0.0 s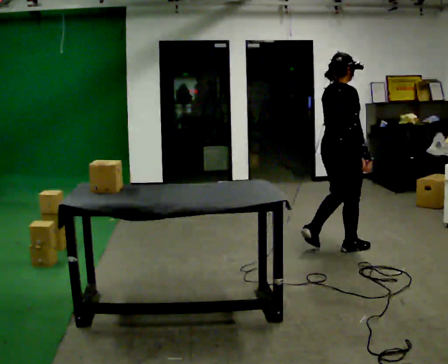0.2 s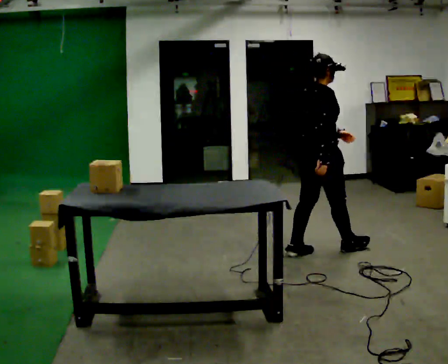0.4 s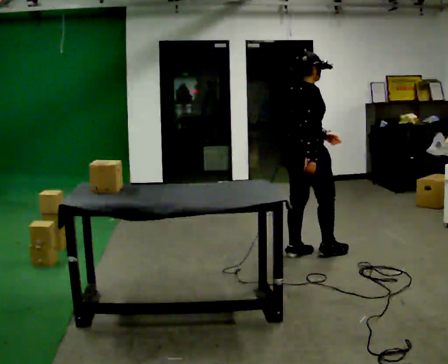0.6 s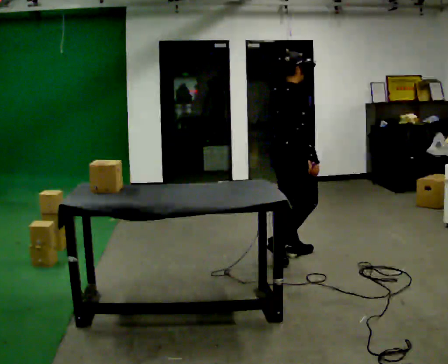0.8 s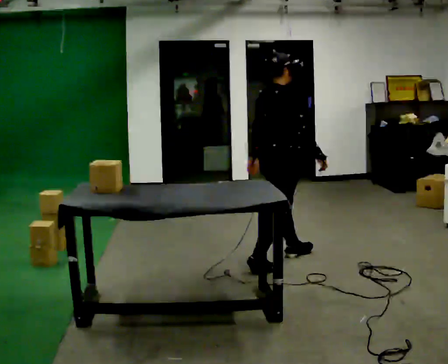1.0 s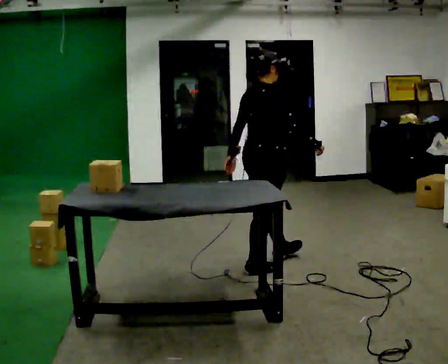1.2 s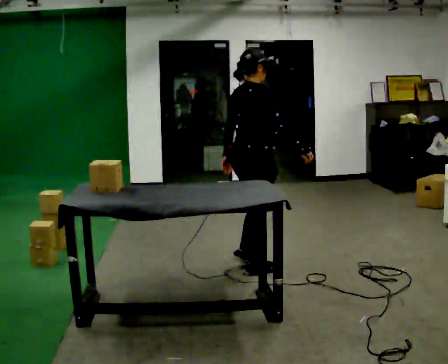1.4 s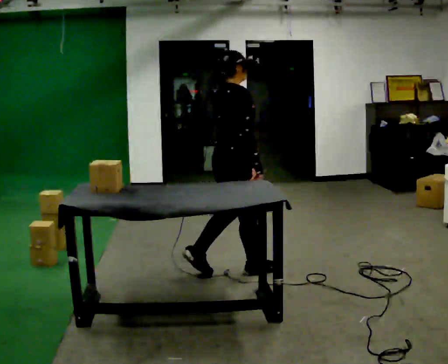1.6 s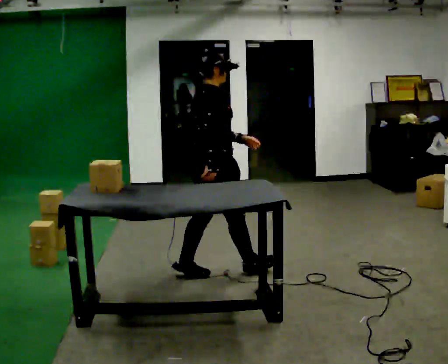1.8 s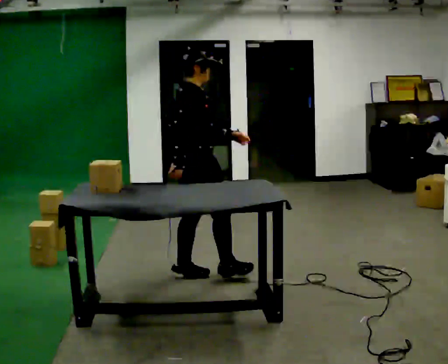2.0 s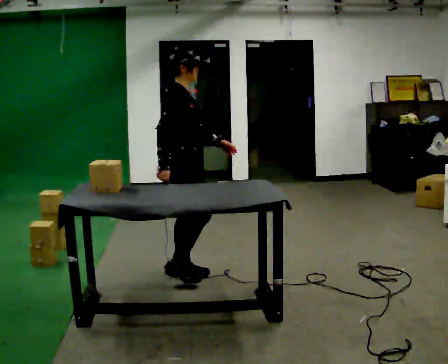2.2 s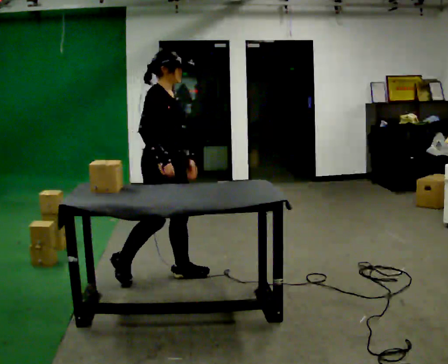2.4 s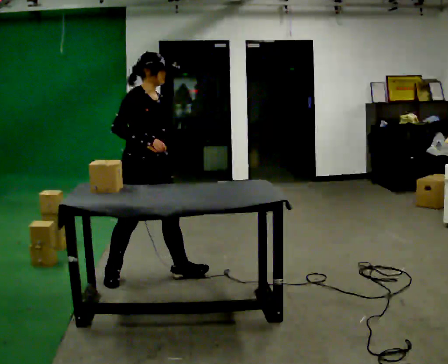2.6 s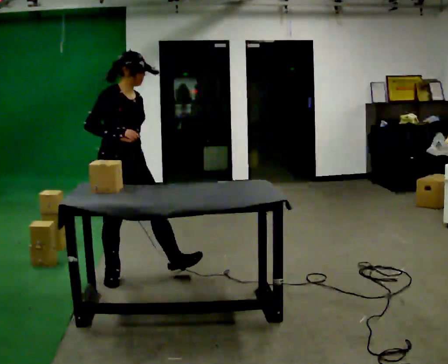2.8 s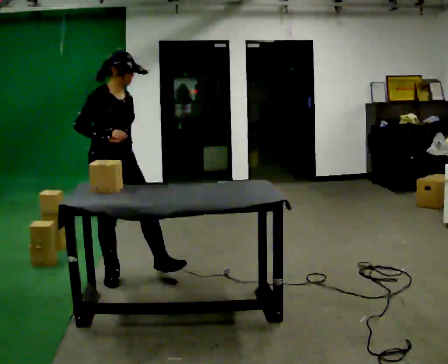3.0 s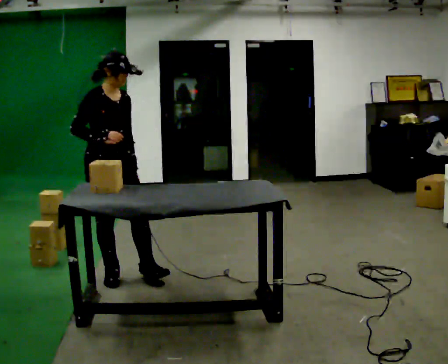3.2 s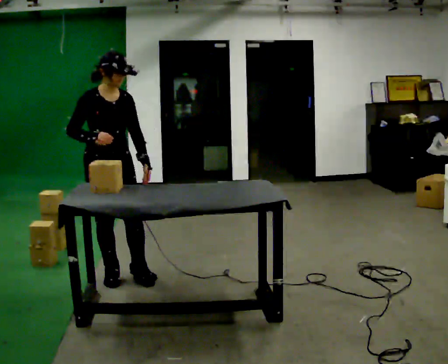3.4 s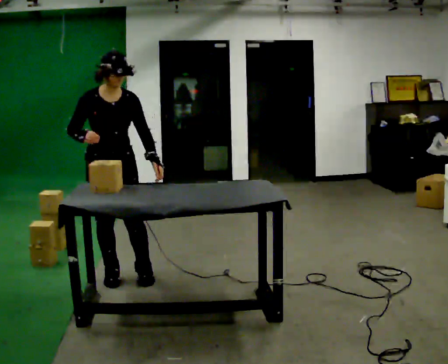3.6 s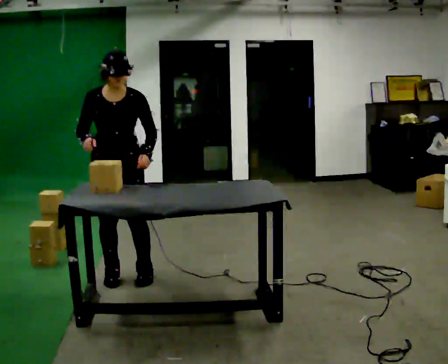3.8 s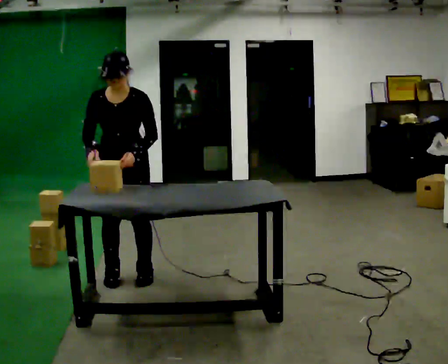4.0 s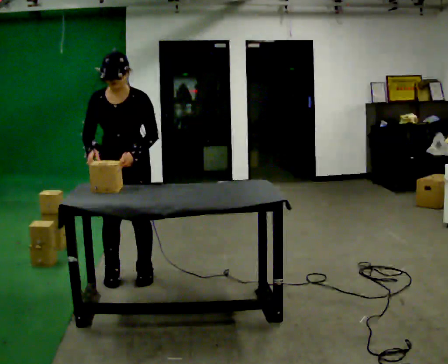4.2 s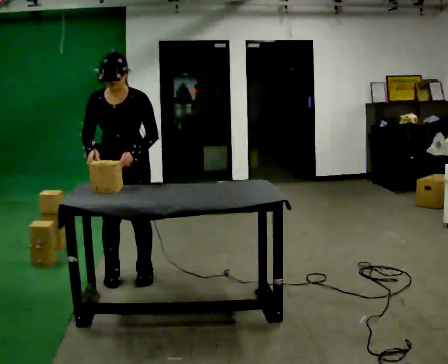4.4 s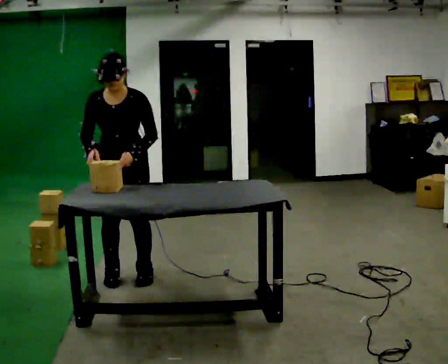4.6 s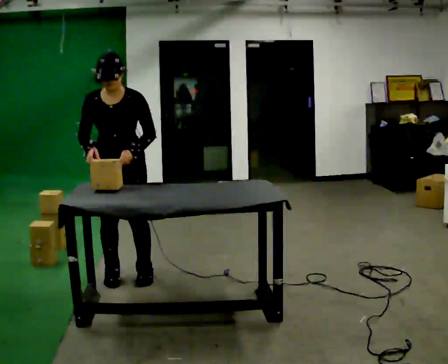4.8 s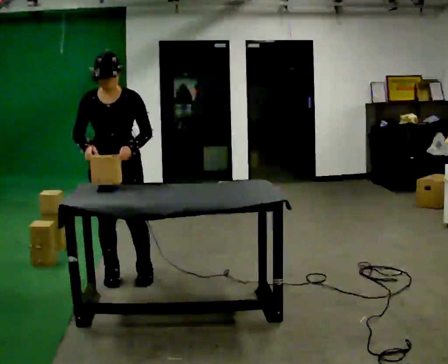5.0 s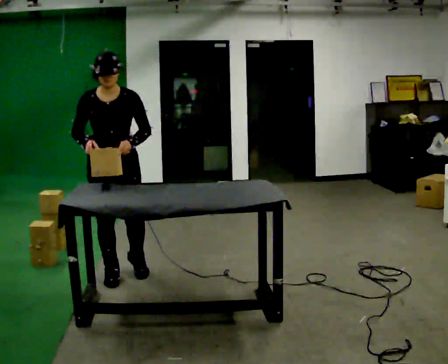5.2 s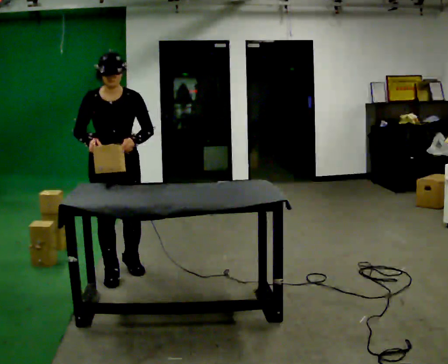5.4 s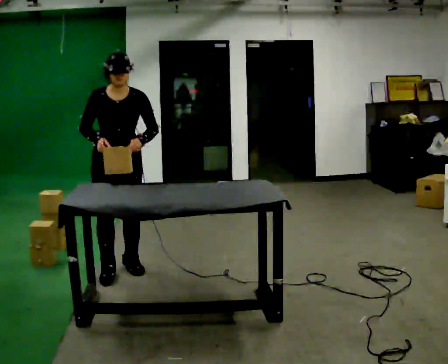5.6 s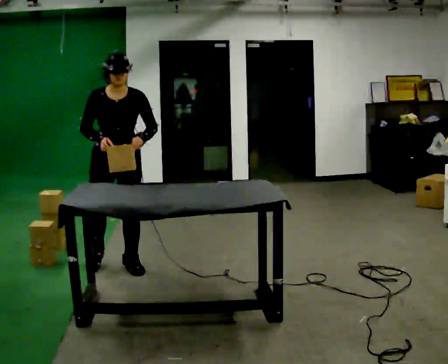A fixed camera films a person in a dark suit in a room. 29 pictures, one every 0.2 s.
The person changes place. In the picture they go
to the left.
The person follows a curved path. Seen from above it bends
clockwise.
0.0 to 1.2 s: In the picture they go to the left, about 1 m in 2 steps, which for them is backward.
1.2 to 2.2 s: Seen from above the body turns clockwise, about 45 degrees: to their right, with its near side sliding to the left. In the picture they go to the left, about 0.75 m in 1 step, which for them is backward.
2.2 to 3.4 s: Seen from above the body turns clockwise, about 45 degrees: to their right, with its near side sliding to the left. In the picture they go to the left, about 0.25 m in 1 step, which for them is backward and to their right.
3.4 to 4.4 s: The person turns about 30 degrees to their right, clockwise seen from above, so the part of the body nearest the lens slides to the left.
4.4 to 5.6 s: In the picture they go away from the camera, about 0.25 m in 2 steps, which for them is backward.
The film runs backward here.
